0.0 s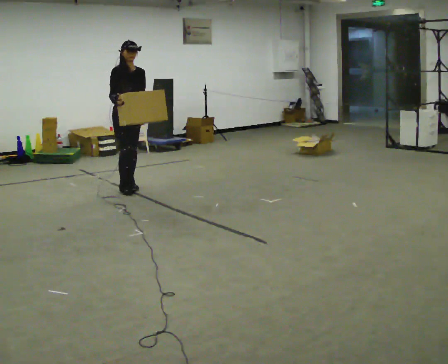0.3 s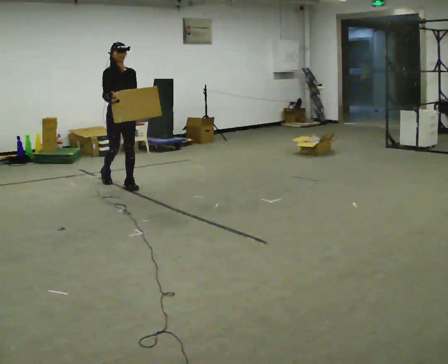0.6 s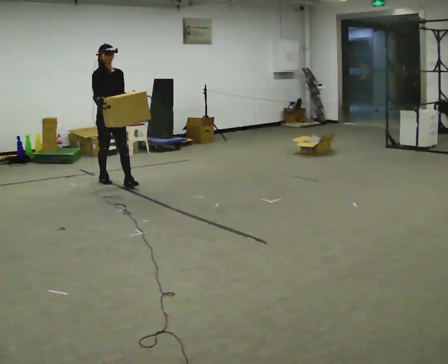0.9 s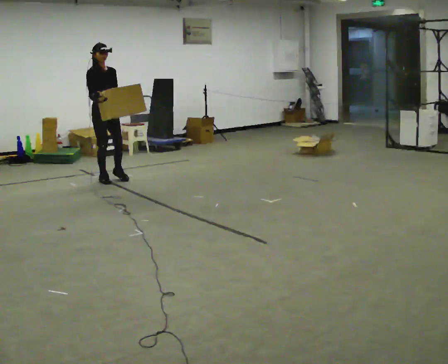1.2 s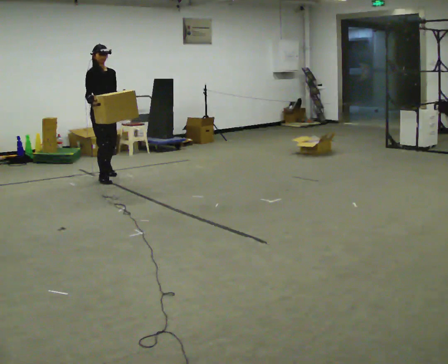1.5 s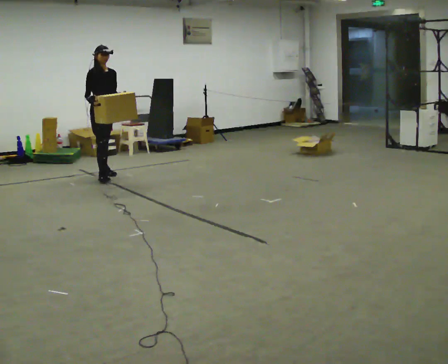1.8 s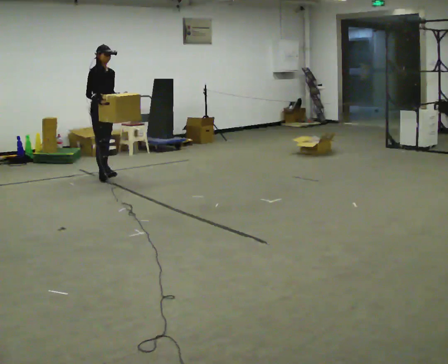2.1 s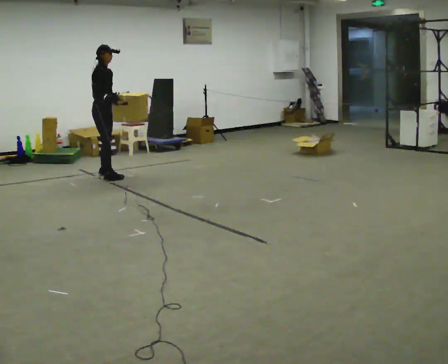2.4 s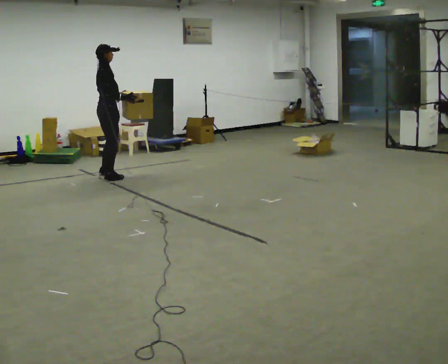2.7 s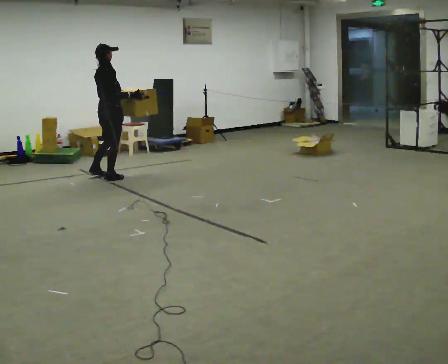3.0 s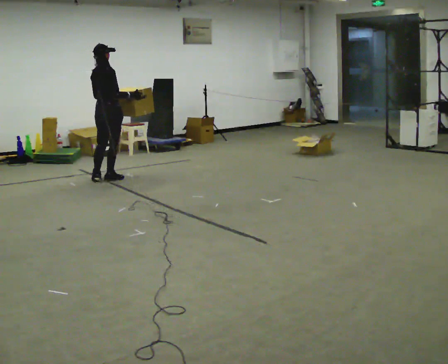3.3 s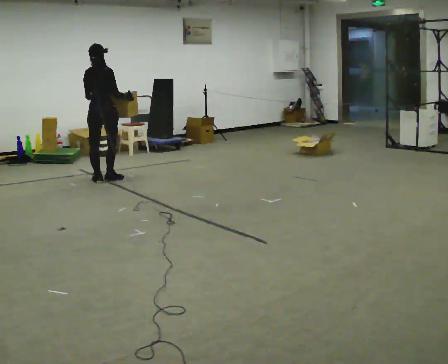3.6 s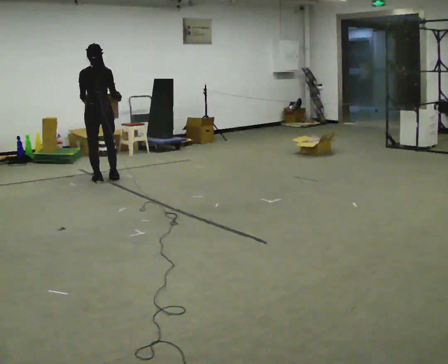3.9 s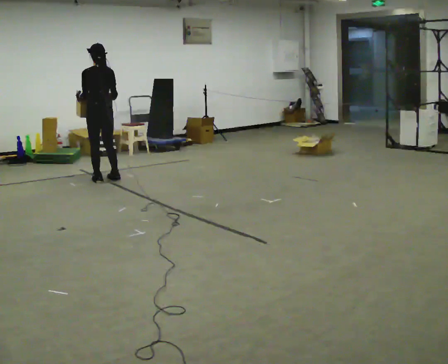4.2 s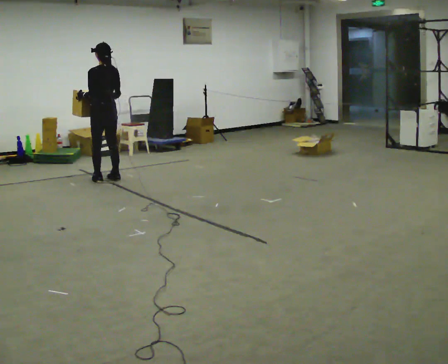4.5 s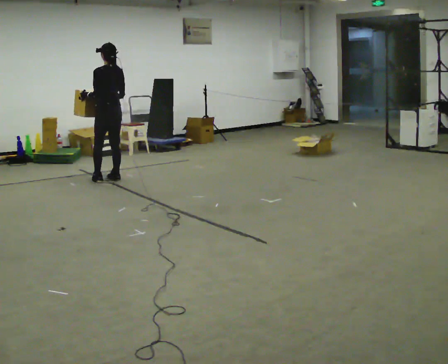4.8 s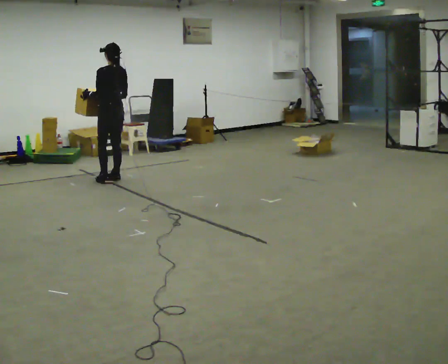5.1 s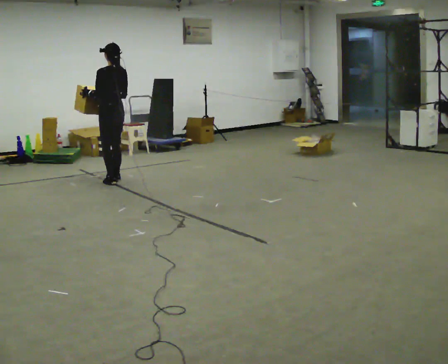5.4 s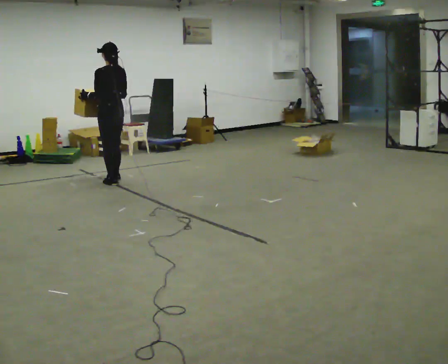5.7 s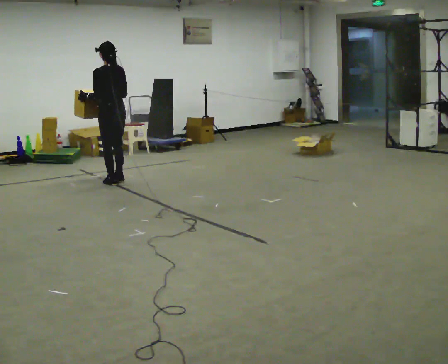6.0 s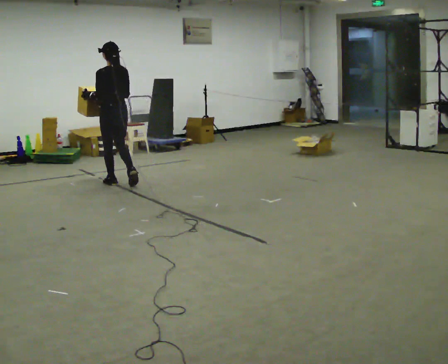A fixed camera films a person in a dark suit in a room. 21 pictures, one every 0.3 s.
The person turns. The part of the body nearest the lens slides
to the right.
The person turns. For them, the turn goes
to their left.
0.0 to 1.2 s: In the picture they go away from the camera, about 0.5 m in 1 step, which for them is backward.
1.2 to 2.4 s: The person turns about 60 degrees to their left, counterclockwise seen from above, so the part of the body nearest the lens slides to the right. In the picture their right hand goes to the right, the arm swinging counterclockwise.
2.4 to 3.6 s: Seen from above the body turns counterclockwise, about 75 degrees: to their left, with its near side sliding to the right. In the picture they go toward the camera, about 0.25 m in 1 step.
3.6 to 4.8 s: The person turns about 30 degrees to their left, counterclockwise seen from above, so the part of the body nearest the lens slides to the right. In the picture they go to the right, about 0.25 m in 1 step, which for them is to their right.
4.8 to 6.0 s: In the picture they go toward the camera, about 0.25 m in 1 step, which for them is backward.
The film runs backward here.
